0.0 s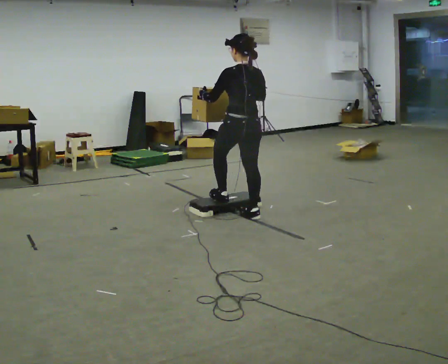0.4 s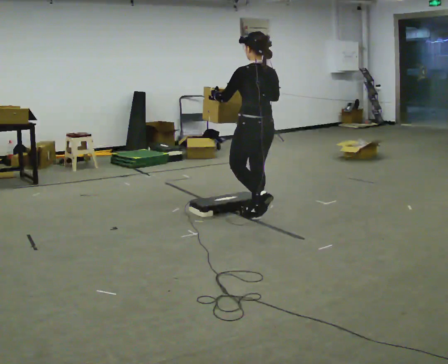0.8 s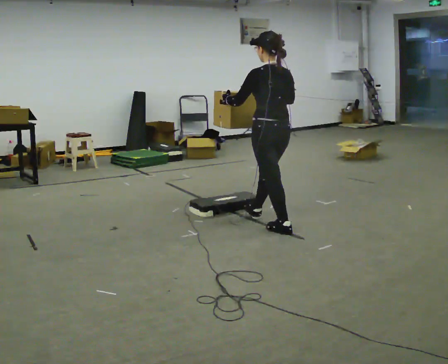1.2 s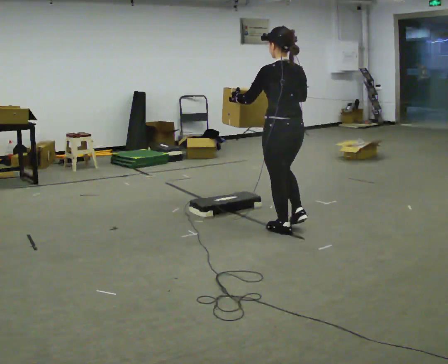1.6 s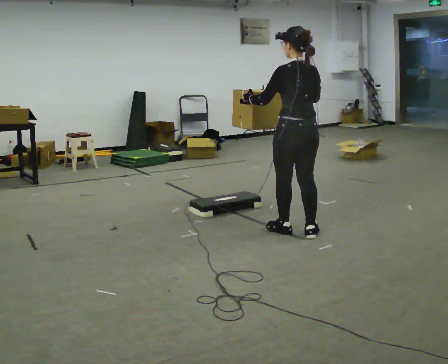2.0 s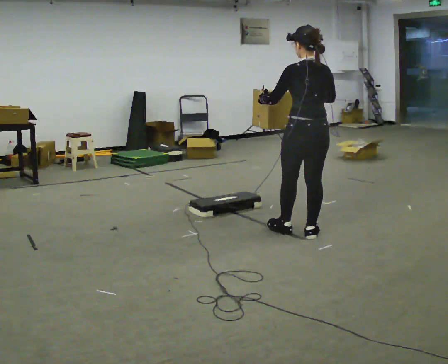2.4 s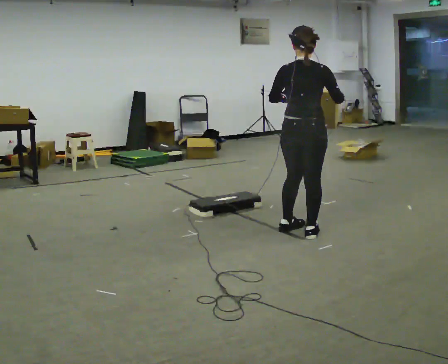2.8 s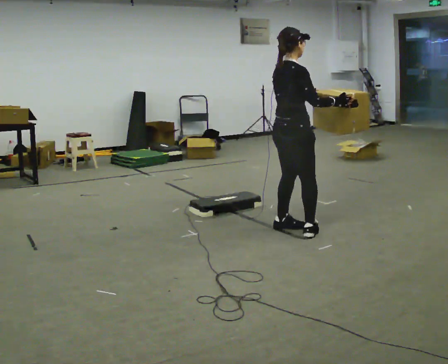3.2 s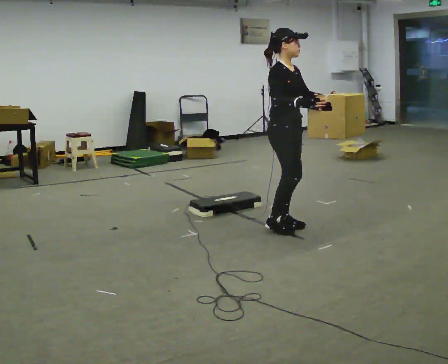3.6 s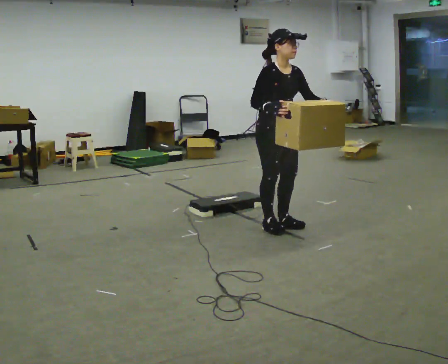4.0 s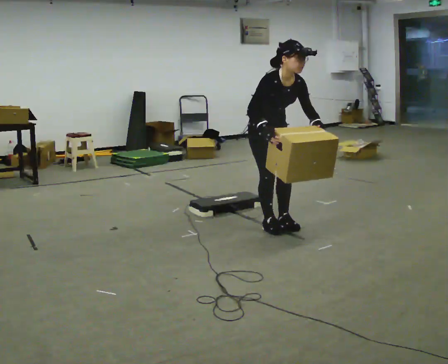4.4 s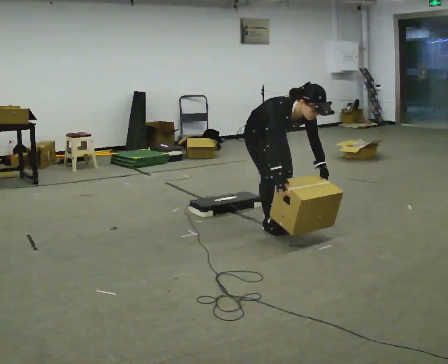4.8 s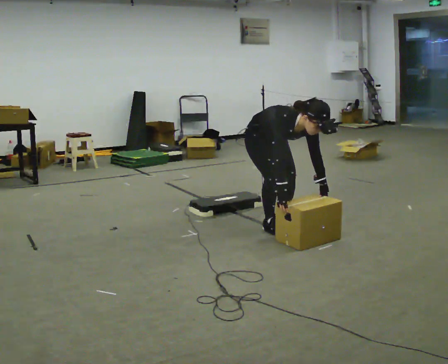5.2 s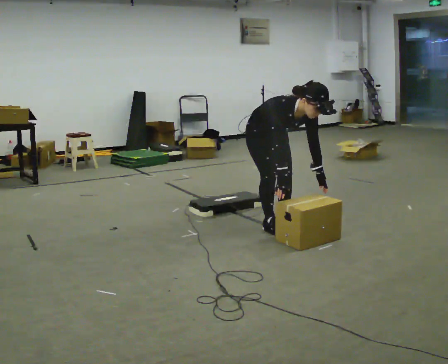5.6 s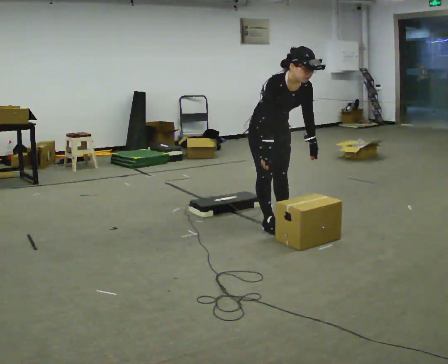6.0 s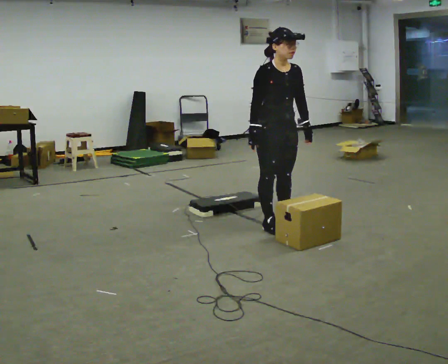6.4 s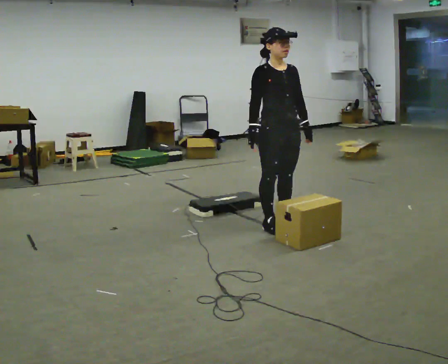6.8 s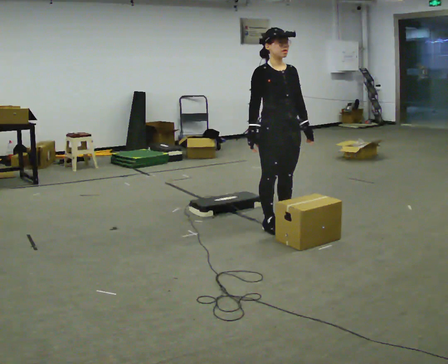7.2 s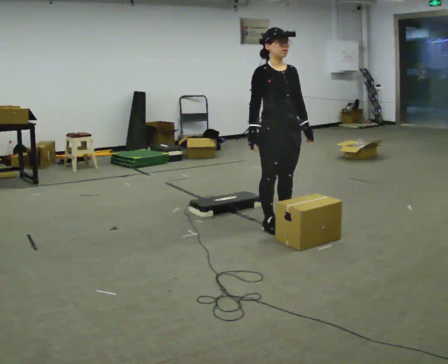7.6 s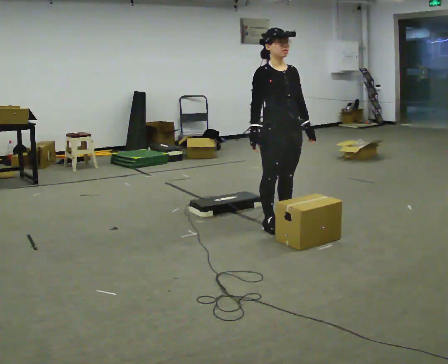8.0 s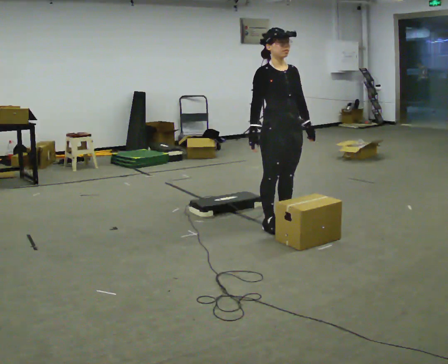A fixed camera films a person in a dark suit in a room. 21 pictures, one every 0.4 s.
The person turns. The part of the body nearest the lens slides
to the left.
The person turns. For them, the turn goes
to their right.
0.0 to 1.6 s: In the picture they go toward the camera and to the right, about 0.5 m in 2 steps, which for them is backward.
1.6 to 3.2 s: Seen from above the body turns clockwise, about 135 degrees: to their right, with its near side sliding to the left. In the picture they go away from the camera, about 0.25 m in 1 step.
3.2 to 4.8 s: The person turns about 30 degrees to their right, clockwise seen from above, so the part of the body nearest the lens slides to the left. In the picture they go to the left, about 0.25 m, which for them is backward. The shoulders move downward. The upper body tips toward the camera, its near side rolling downward, as they bend forward. In the picture their right hand goes downward.
4.8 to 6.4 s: The shoulders move upward. The upper body tips away from the camera, its near side rolling upward, as they lean back or straighten. In the picture their right hand goes upward.
6.4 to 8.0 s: The person keeps their place and pose.
The film runs backward here.
